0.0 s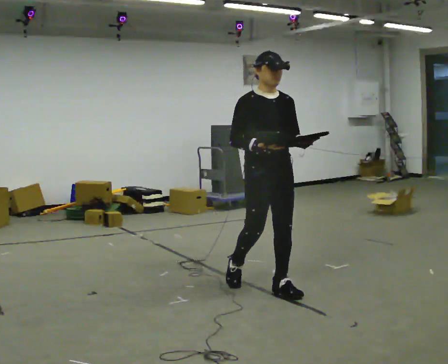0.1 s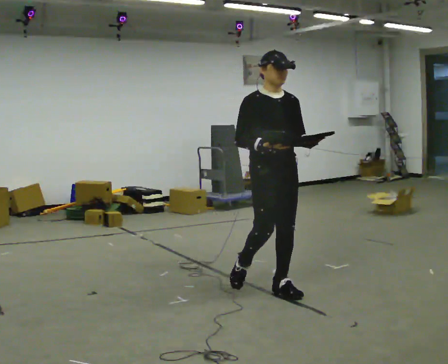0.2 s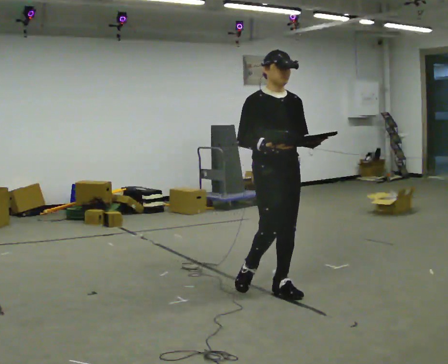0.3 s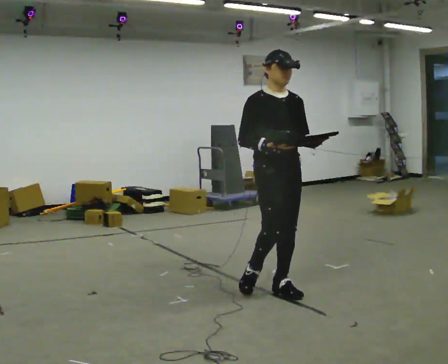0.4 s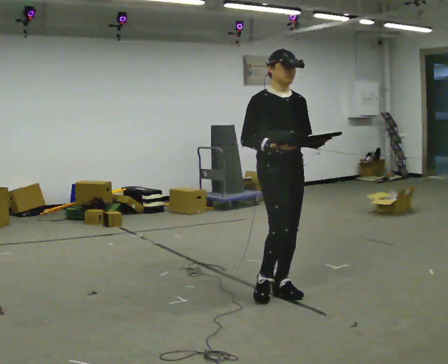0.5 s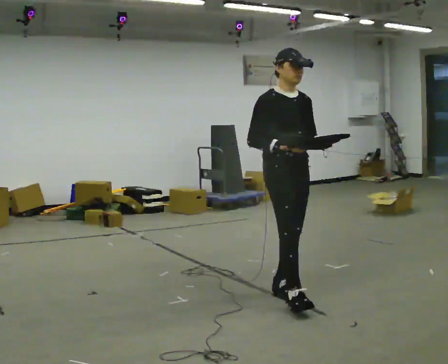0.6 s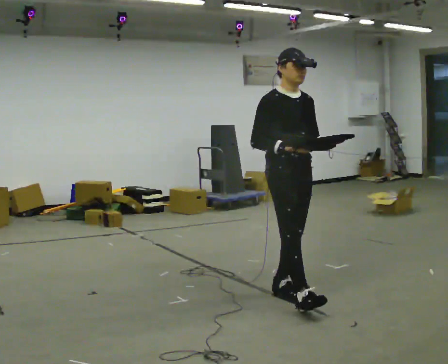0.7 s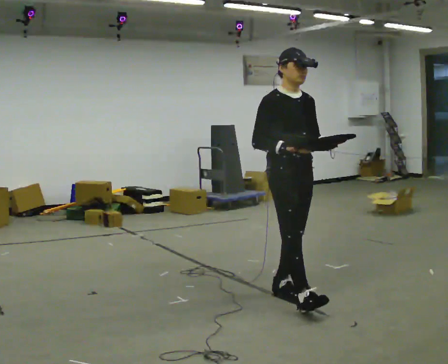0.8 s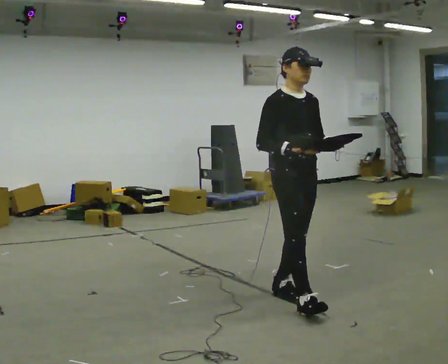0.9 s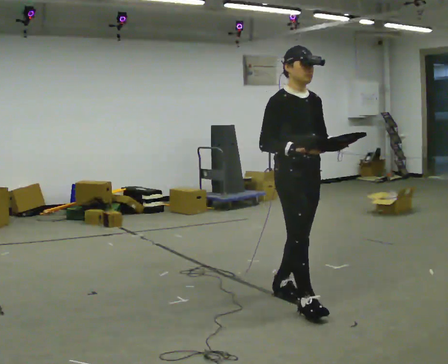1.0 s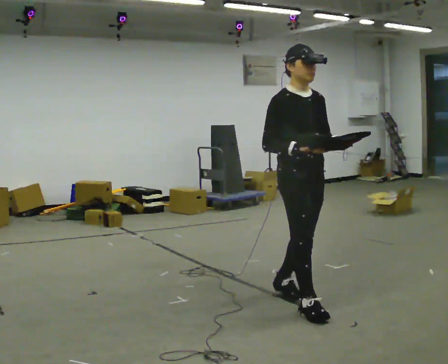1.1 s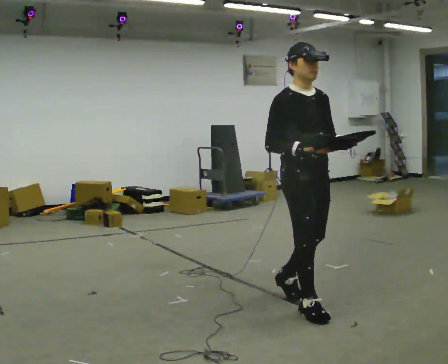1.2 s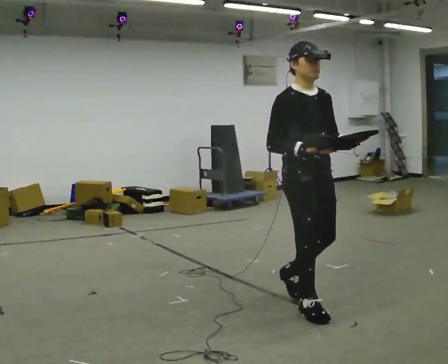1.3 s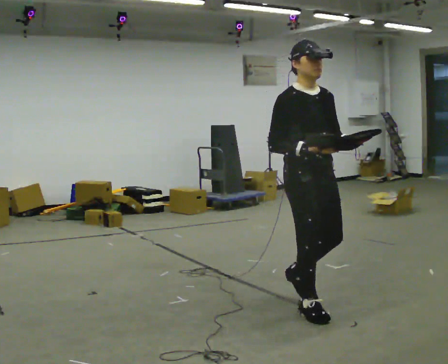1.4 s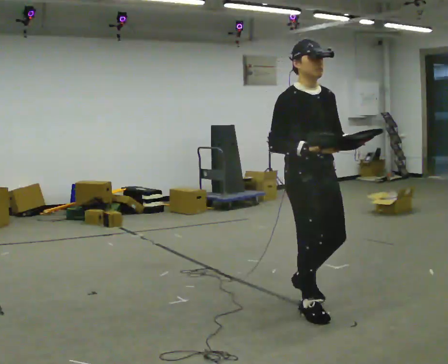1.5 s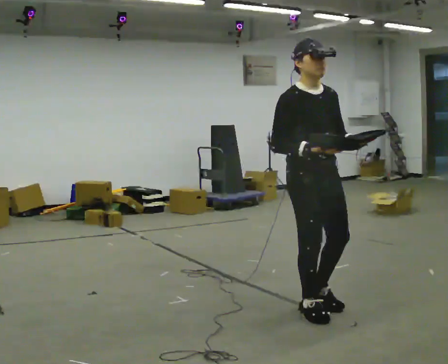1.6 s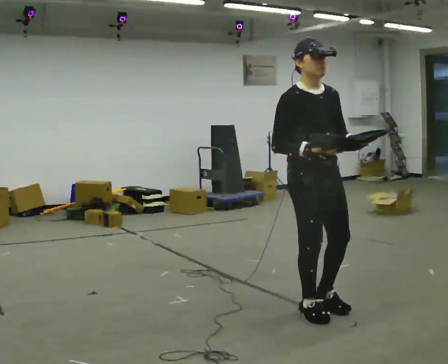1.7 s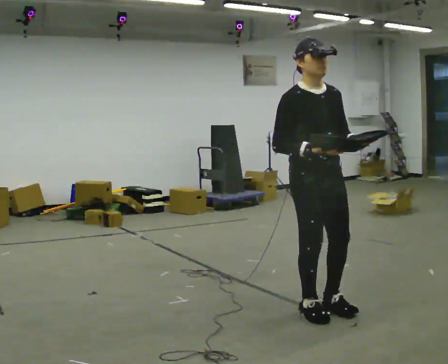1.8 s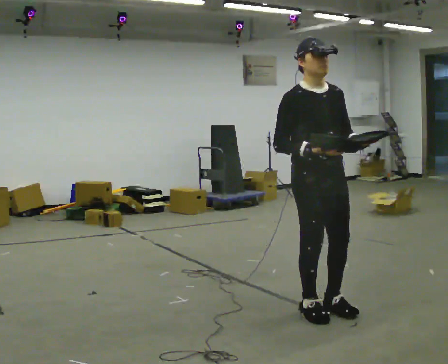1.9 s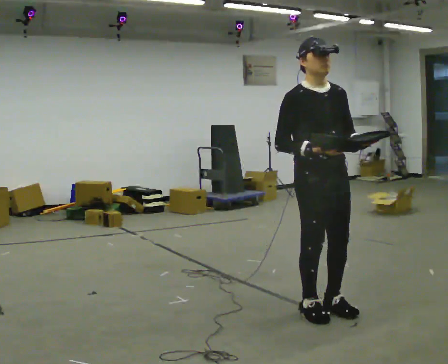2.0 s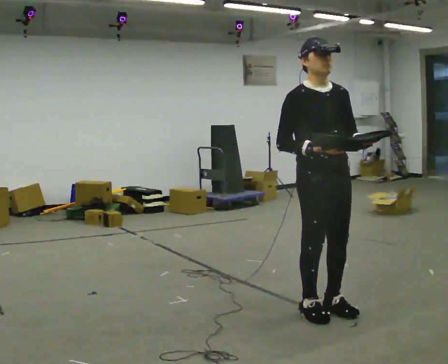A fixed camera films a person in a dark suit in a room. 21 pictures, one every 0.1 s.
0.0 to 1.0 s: In the picture they go toward the camera and to the right, about 0.5 m in 1 step, which for them is forward.
1.0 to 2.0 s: In the picture they go to the right and toward the camera, about 0.25 m in 1 step, which for them is forward.
The film runs forward here.
